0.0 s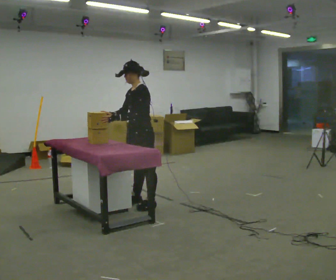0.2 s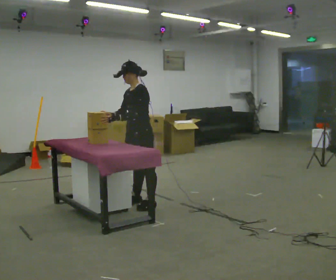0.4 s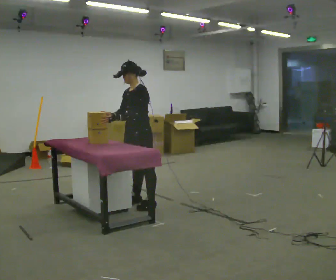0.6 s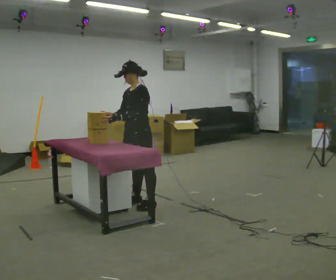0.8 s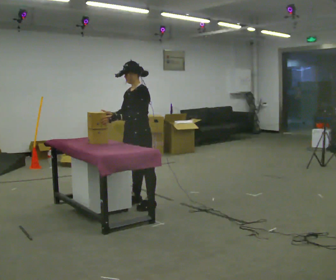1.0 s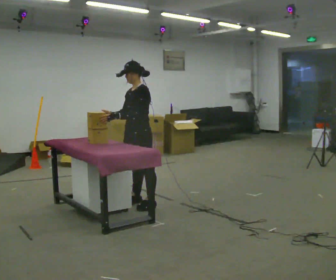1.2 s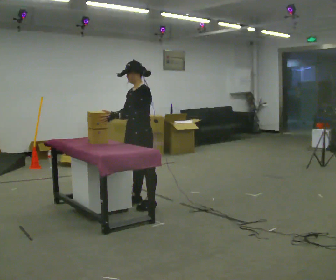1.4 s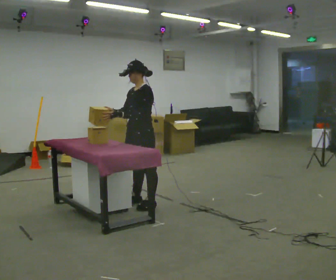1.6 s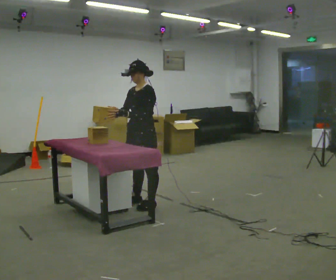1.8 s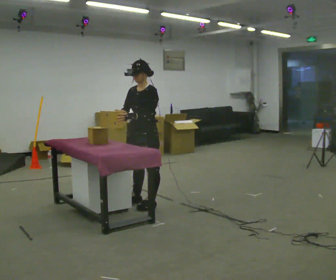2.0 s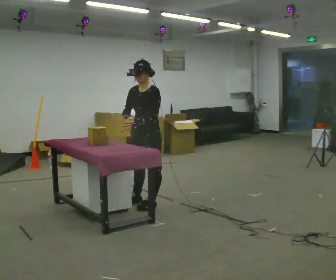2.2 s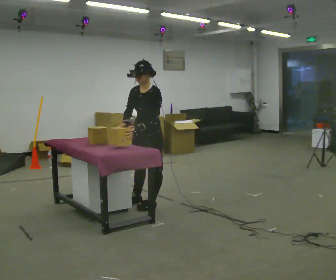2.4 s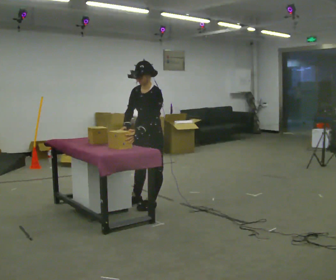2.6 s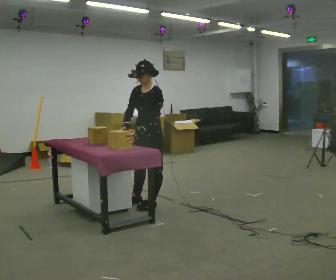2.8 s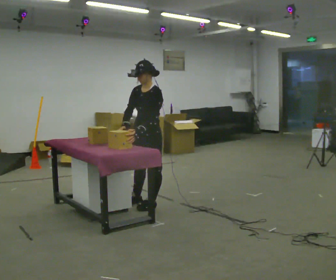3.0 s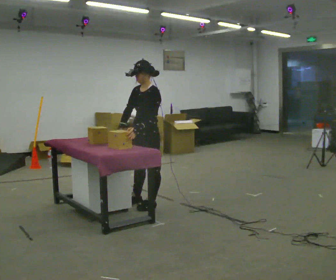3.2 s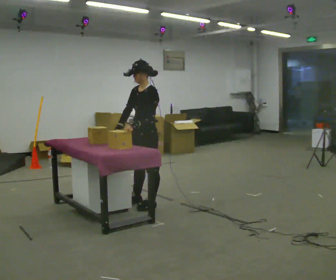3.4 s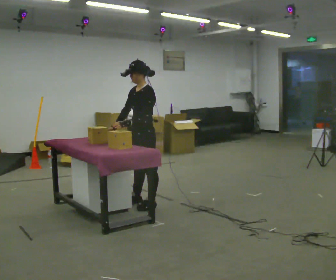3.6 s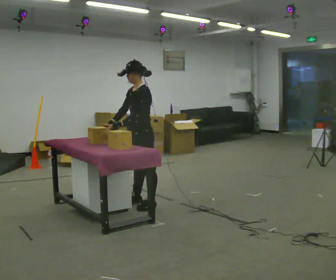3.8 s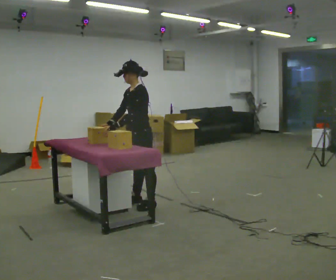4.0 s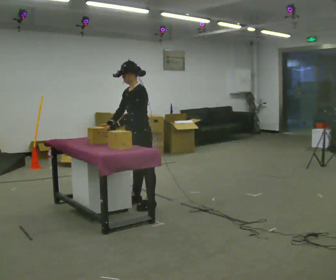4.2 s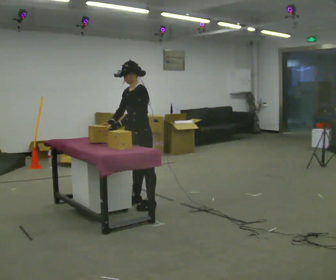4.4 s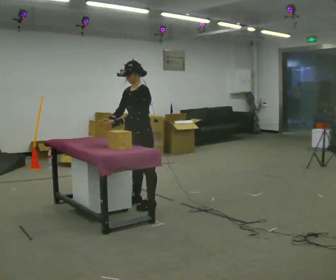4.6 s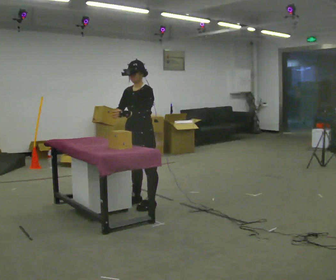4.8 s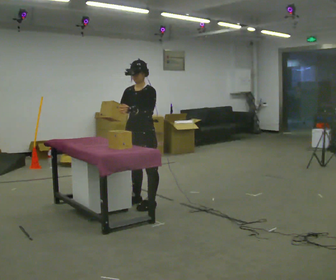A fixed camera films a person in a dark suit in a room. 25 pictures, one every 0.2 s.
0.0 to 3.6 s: The person moves a little, or ends about where they began.
3.6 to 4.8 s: The person turns about 30 degrees to their left, counterclockwise seen from above, so the part of the body nearest the lens slides to the right.
The film runs forward here.
